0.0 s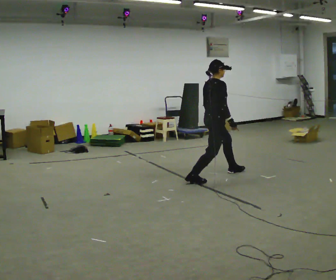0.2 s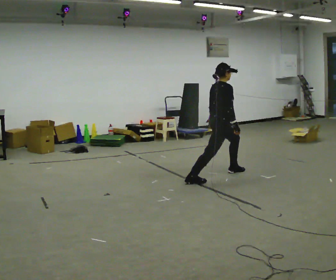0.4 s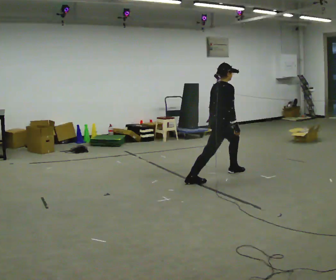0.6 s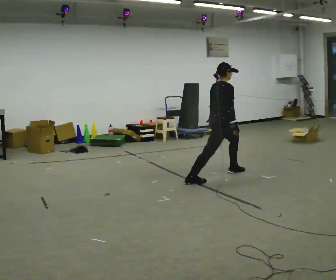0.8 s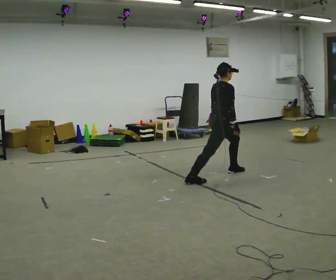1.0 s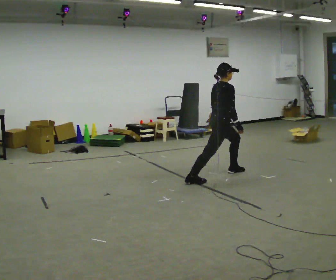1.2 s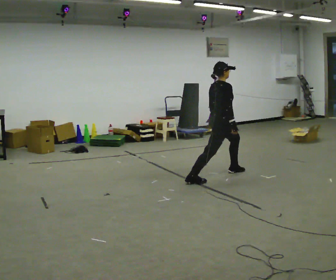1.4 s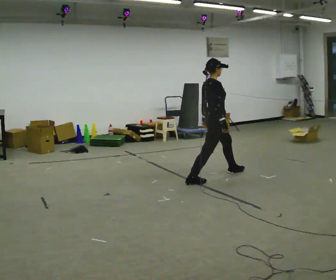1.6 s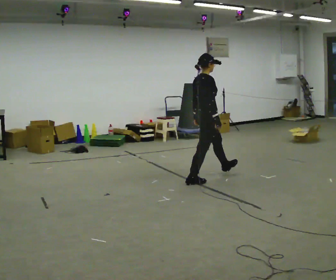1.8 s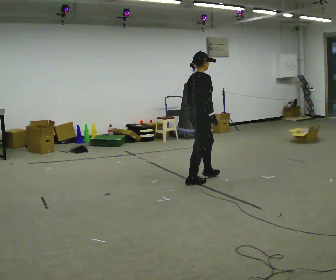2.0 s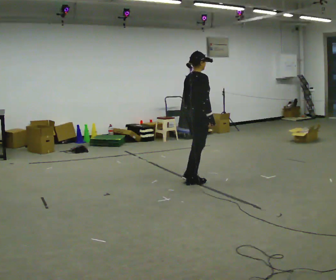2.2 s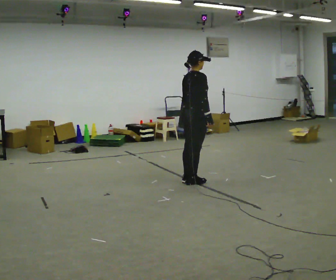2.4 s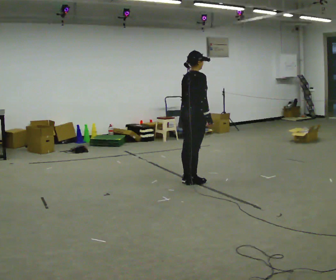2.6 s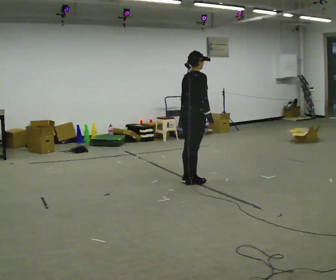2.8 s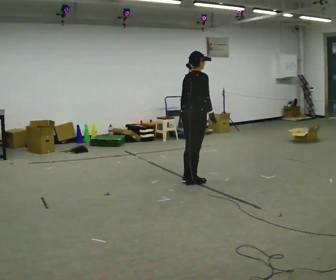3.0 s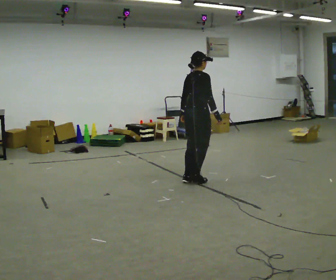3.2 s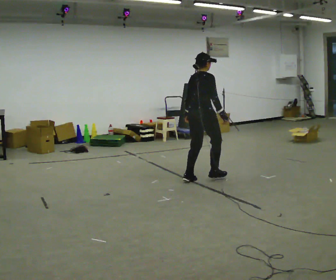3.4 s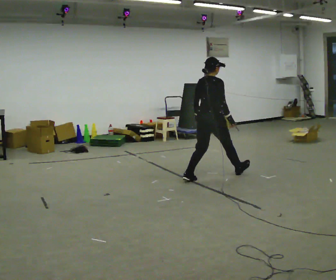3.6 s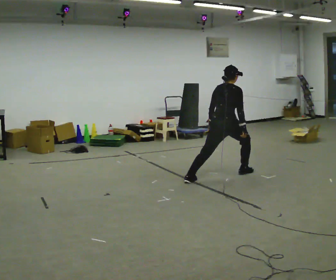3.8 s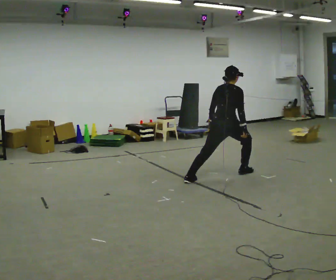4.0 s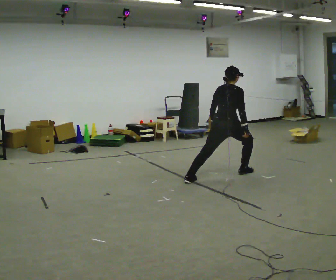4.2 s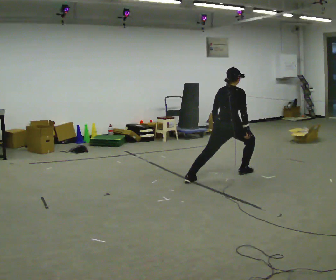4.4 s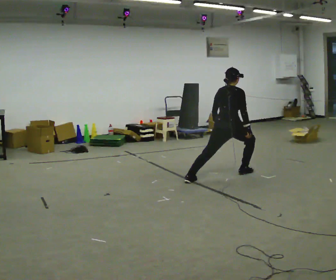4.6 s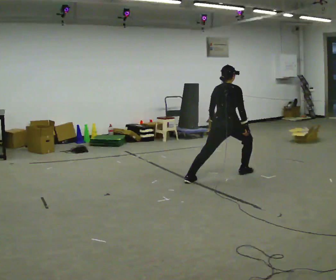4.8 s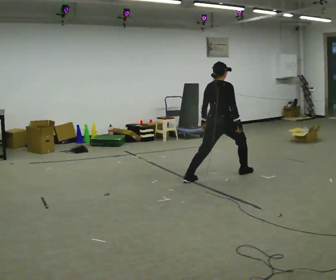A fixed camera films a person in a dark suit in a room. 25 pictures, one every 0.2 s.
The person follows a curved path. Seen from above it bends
clockwise.
0.0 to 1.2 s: The person moves a little, or ends about where they began.
1.2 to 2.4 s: In the picture they go to the left and toward the camera, about 0.5 m in 1 step, which for them is backward.
2.4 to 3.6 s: In the picture they go to the right and away from the camera, about 0.25 m in 1 step, which for them is forward.
3.6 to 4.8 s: The person moves a little, or ends about where they began.
The film runs backward here.
